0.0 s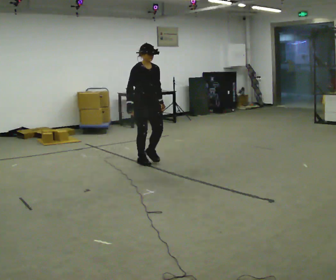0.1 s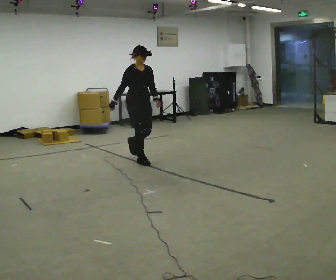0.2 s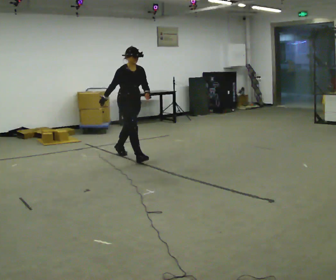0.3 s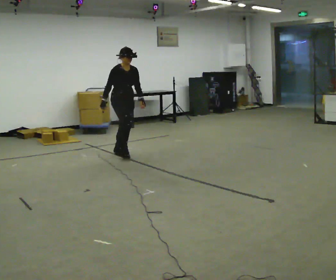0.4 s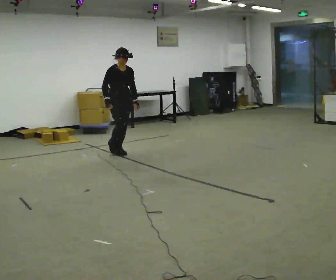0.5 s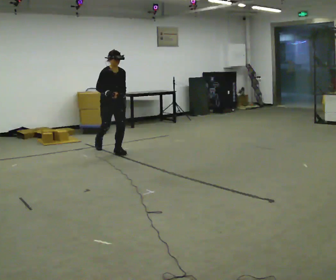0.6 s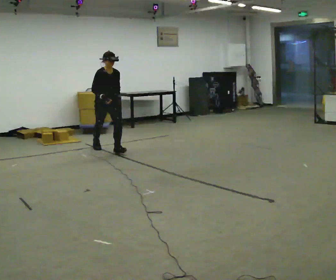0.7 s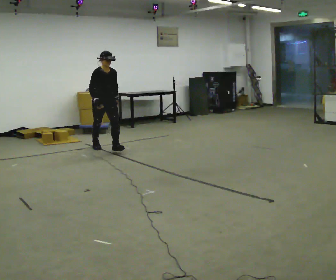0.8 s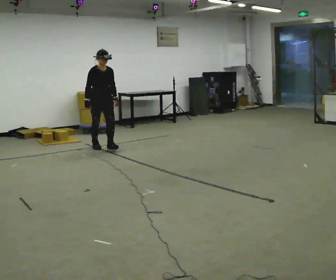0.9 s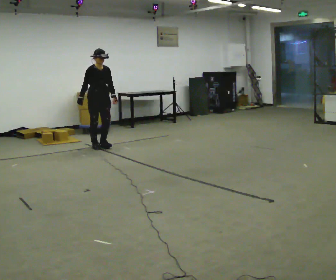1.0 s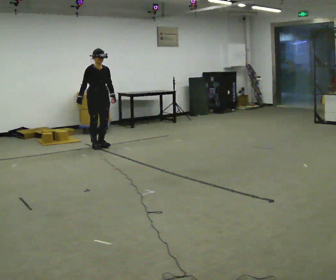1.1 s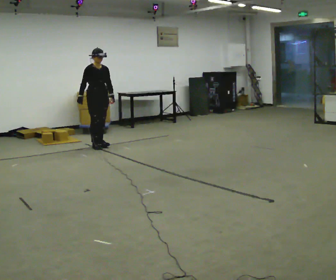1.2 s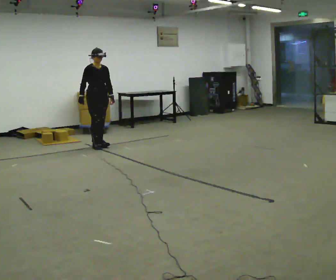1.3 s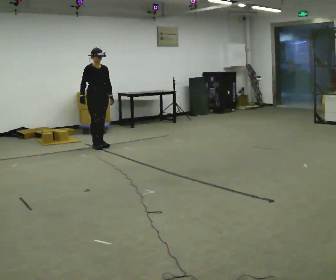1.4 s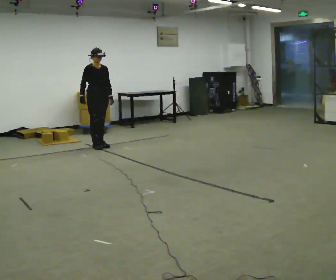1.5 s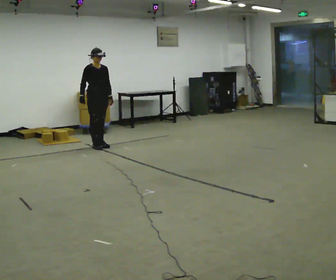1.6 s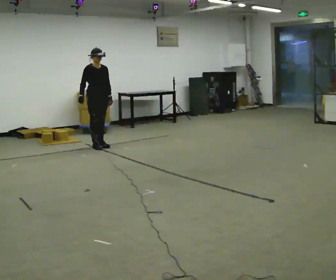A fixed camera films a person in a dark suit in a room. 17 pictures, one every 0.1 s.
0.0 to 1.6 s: In the picture they go away from the camera and to the left, about 1.5 m in 2 steps, which for them is backward.
The film runs backward here.
